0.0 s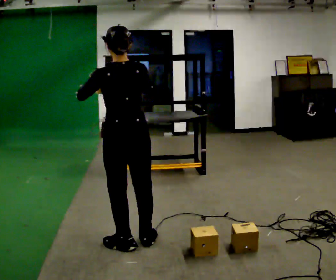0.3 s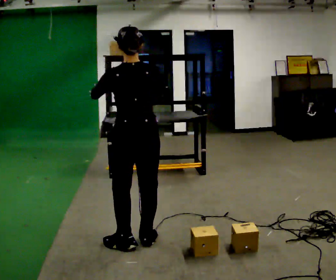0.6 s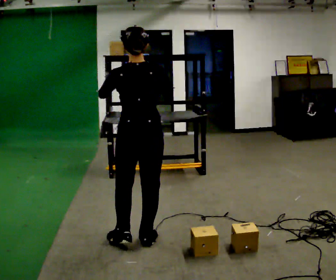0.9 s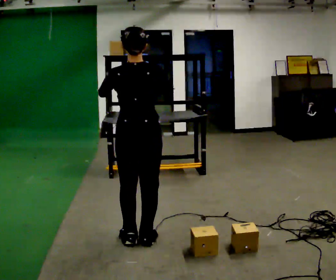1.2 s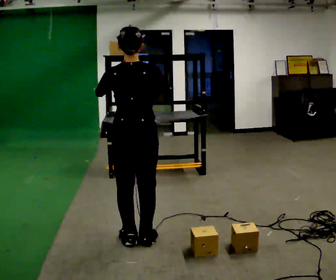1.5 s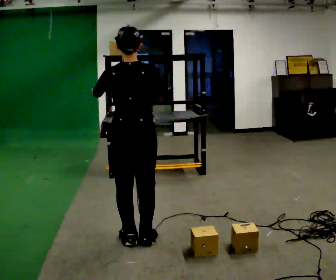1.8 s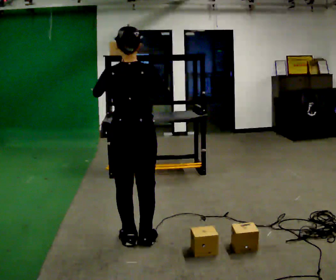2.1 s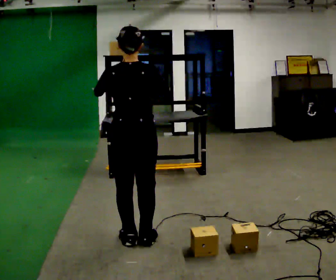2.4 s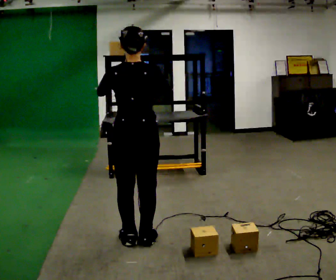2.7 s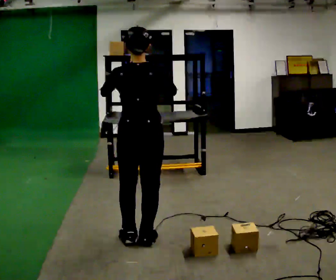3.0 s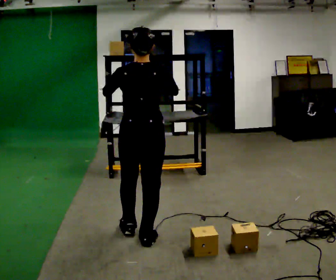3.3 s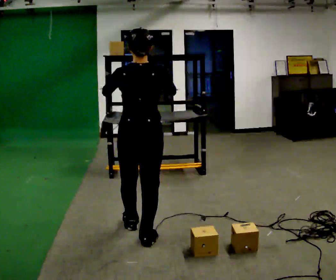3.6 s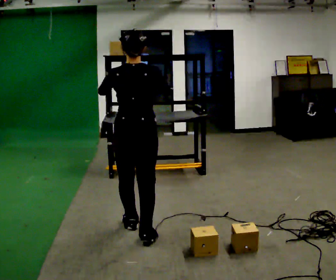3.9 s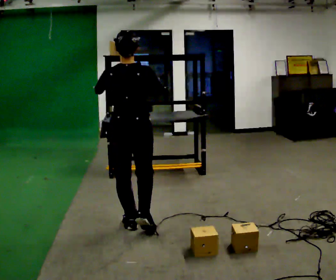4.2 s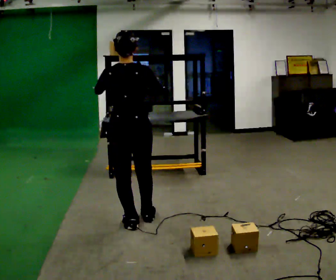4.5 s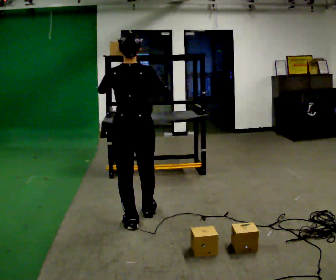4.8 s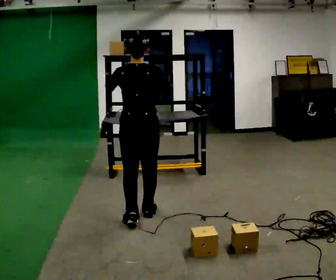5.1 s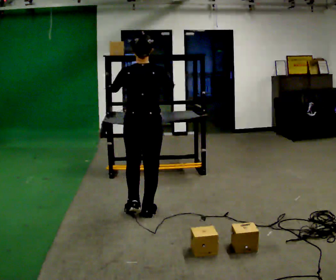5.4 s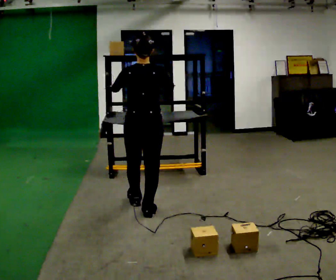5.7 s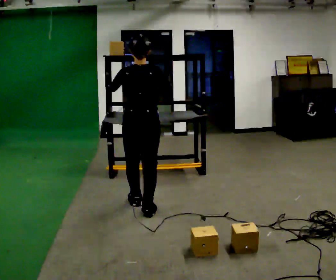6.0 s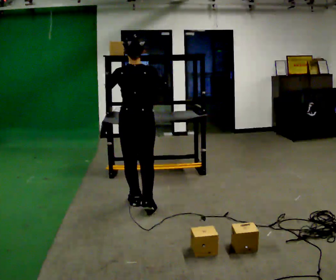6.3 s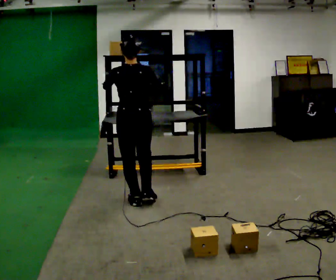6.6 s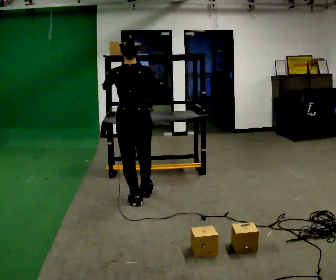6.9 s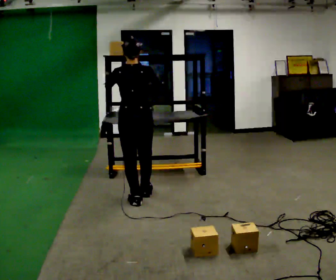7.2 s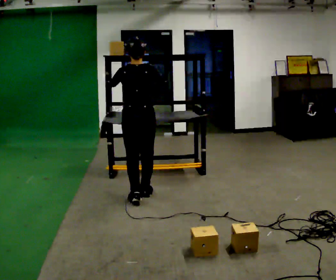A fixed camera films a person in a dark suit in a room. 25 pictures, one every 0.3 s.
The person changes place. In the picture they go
away from the camera.
0.0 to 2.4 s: The person moves a little, or ends about where they began.
2.4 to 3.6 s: In the picture they go away from the camera, about 0.25 m in 1 step, which for them is forward.
3.6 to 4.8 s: In the picture they go away from the camera, about 0.25 m in 1 step, which for them is forward.
4.8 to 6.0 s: In the picture they go away from the camera, about 0.25 m in 1 step, which for them is forward.
6.0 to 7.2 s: In the picture they go away from the camera, about 0.25 m in 1 step, which for them is forward.
The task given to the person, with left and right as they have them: Pick an object up off the floor, carry it across the room, and place it on the highest shelf you can comfortably reach. Keep going until the operator says stop; one object at a time, and do not rush between trips.
The film runs forward here.
